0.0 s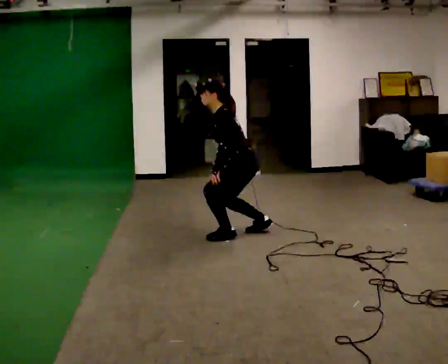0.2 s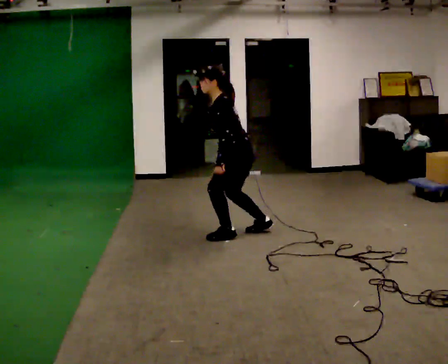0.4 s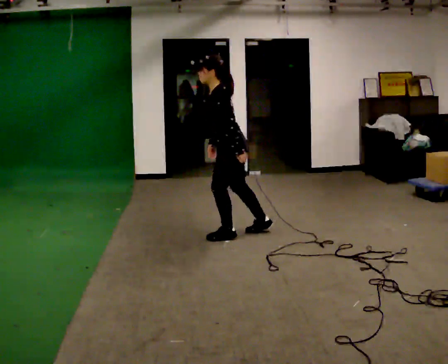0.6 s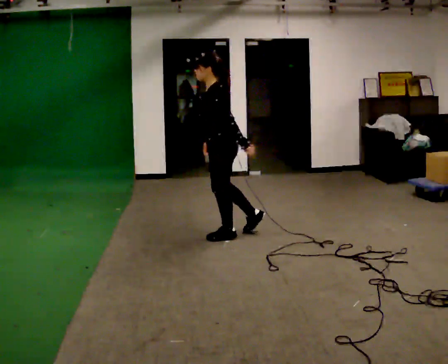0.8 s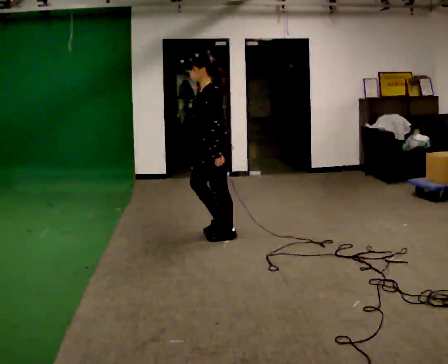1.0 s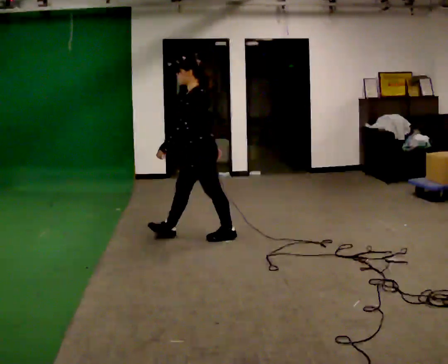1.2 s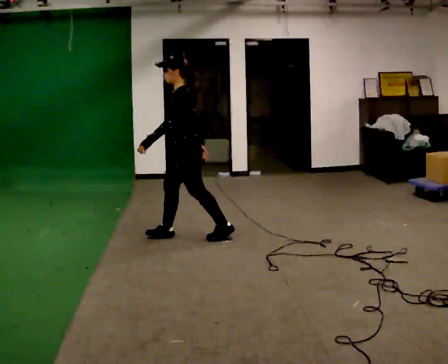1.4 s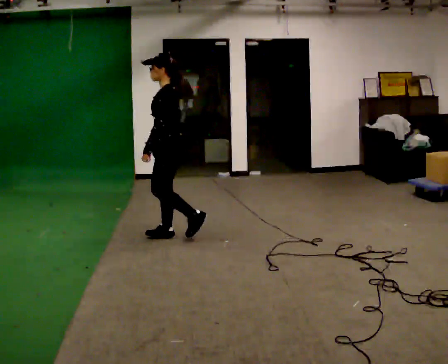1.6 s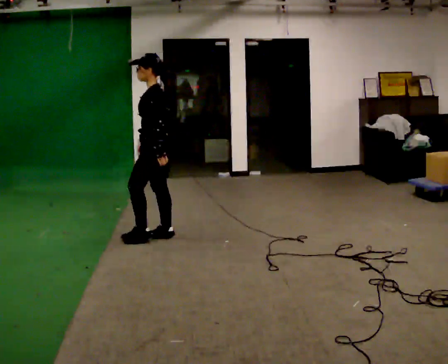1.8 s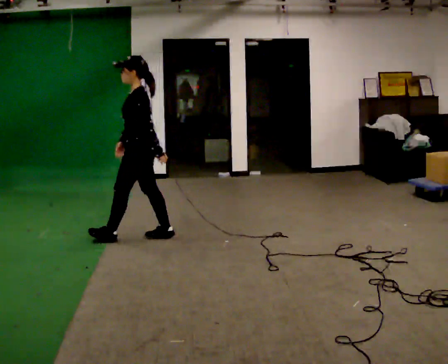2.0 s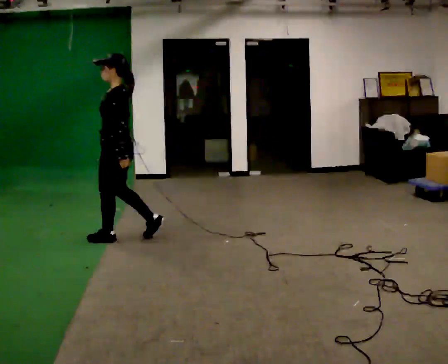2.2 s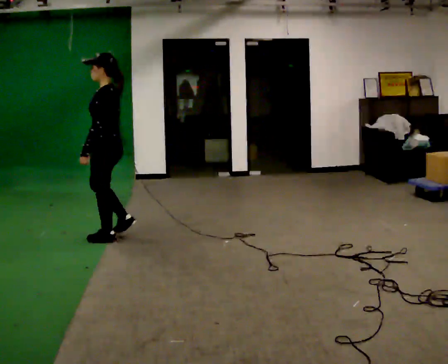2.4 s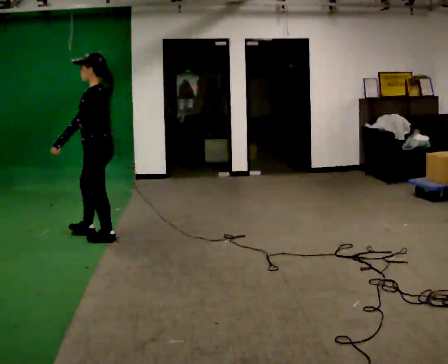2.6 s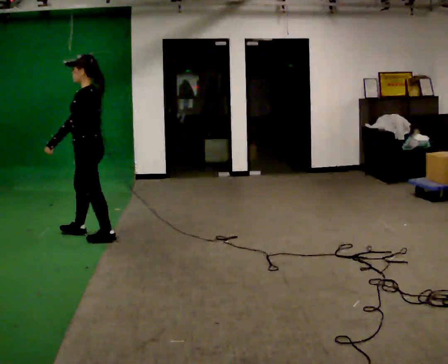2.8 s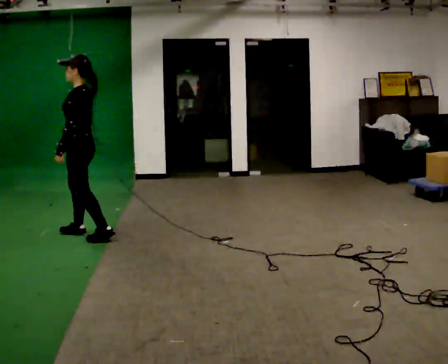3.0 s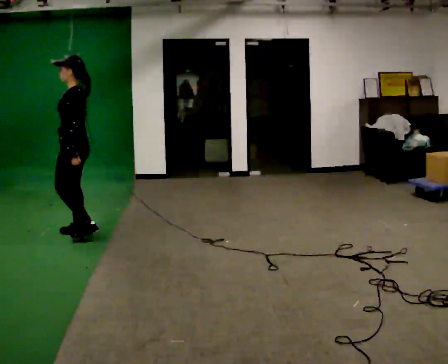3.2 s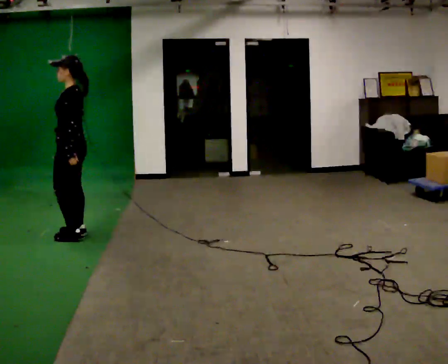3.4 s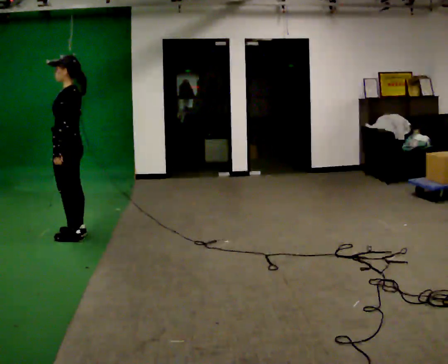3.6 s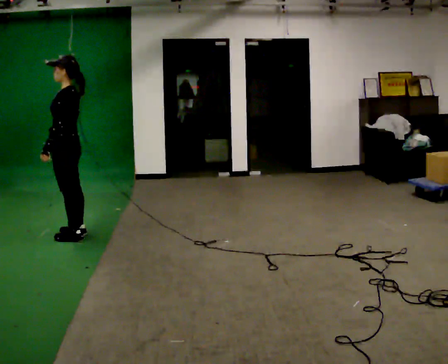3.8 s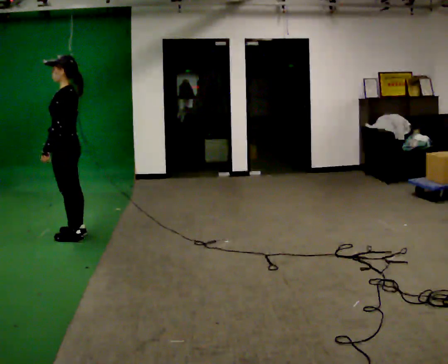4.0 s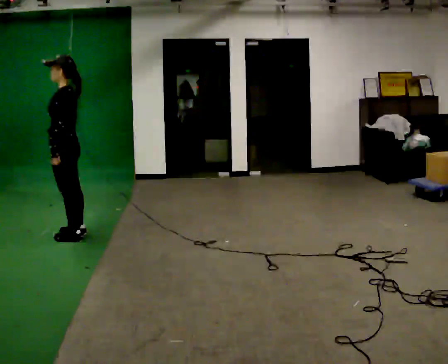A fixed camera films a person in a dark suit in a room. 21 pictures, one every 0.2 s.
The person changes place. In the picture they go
to the left.
The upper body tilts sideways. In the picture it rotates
clockwise.
0.0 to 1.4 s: In the picture they go to the left, about 0.75 m in 1 step, which for them is forward. The upper body goes upward. In the picture the upper body tilts clockwise, shoulders to the right, as they lean back or straighten.
1.4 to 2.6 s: In the picture they go to the left, about 0.75 m in 2 steps, which for them is forward.
2.6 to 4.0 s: In the picture they go to the left, about 0.25 m in 1 step, which for them is forward.
The film runs forward here.
